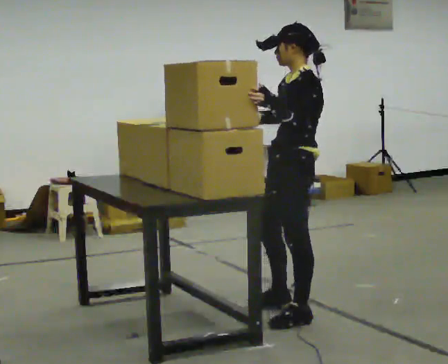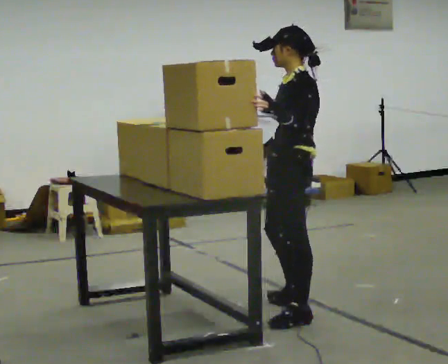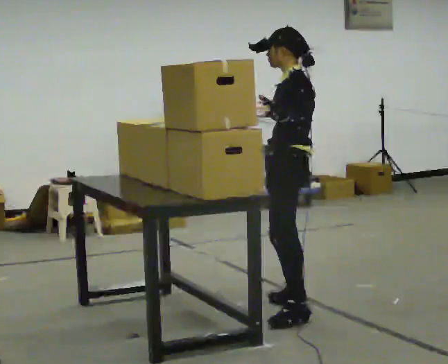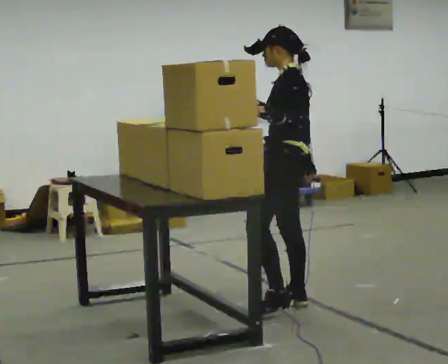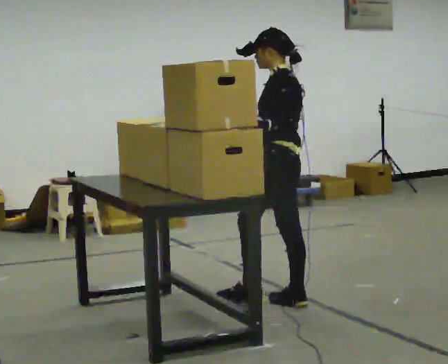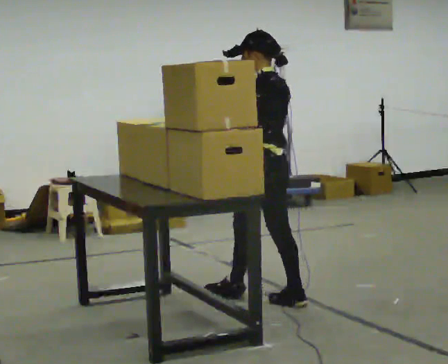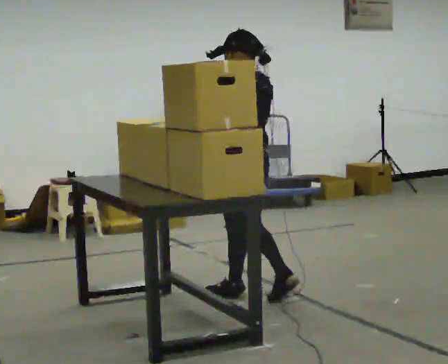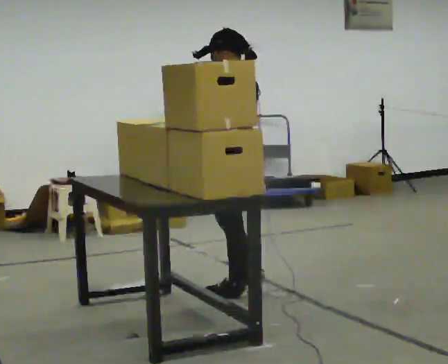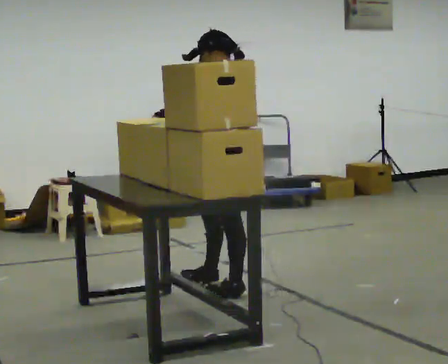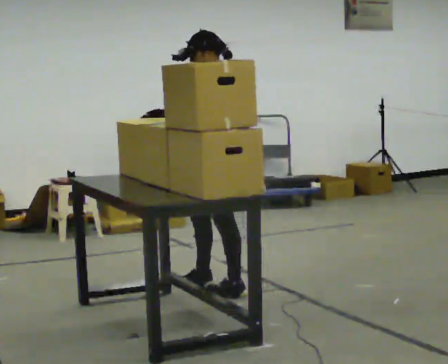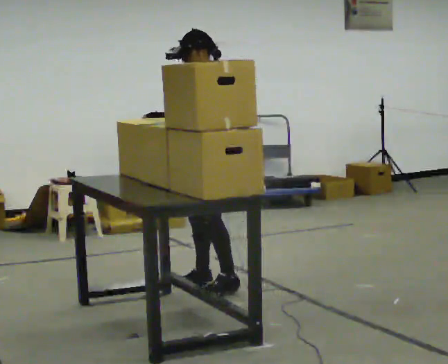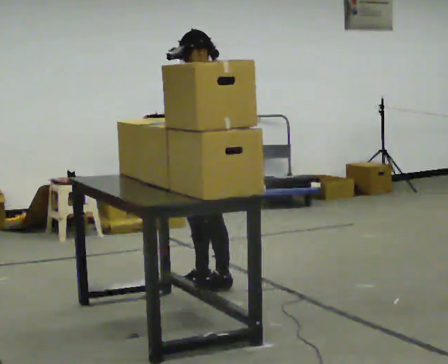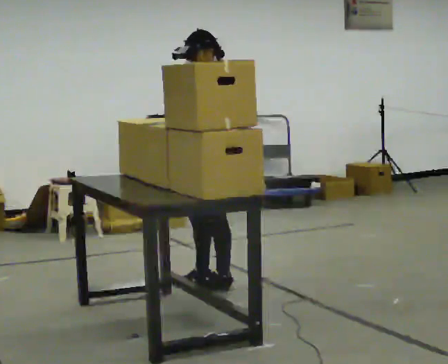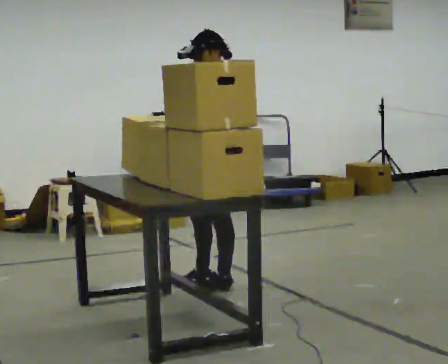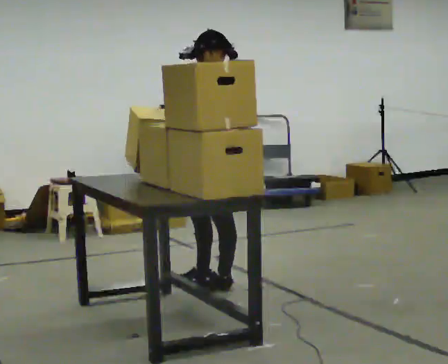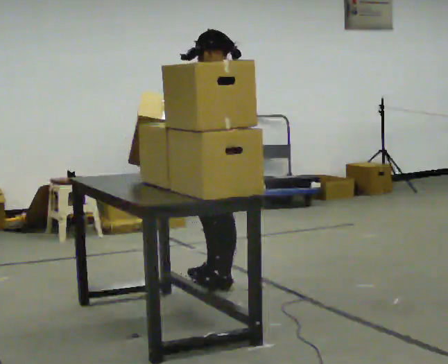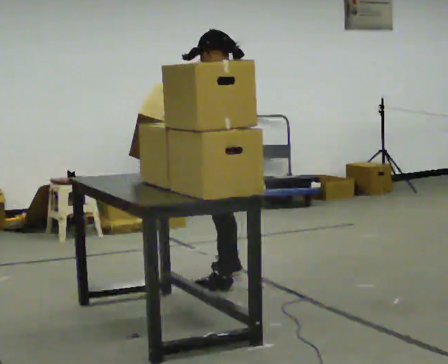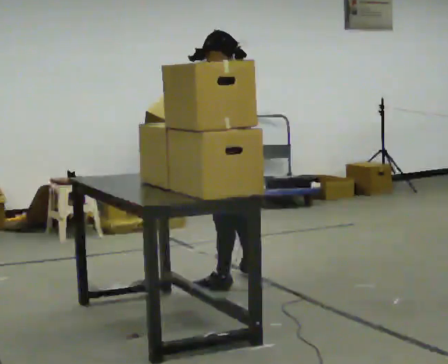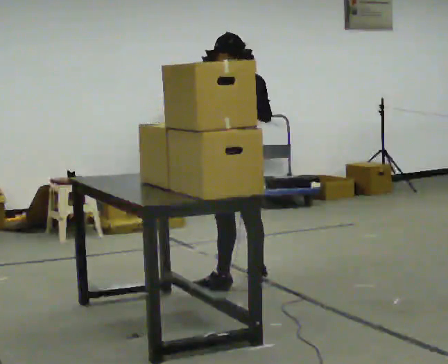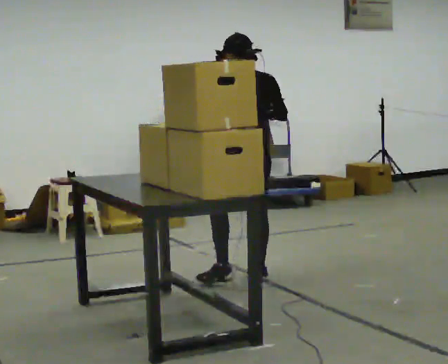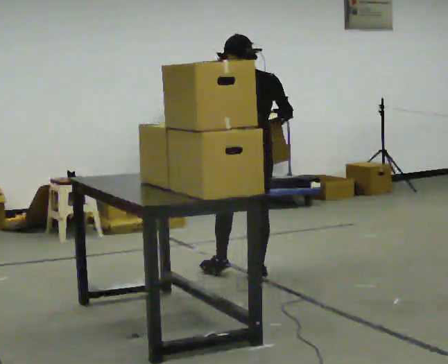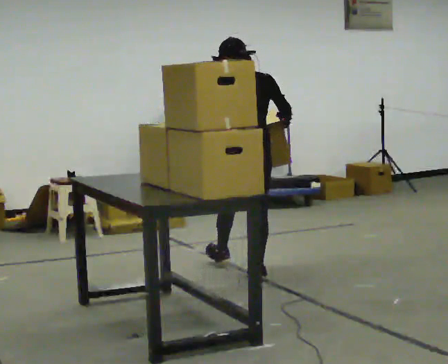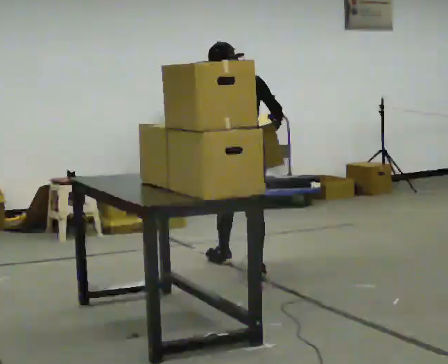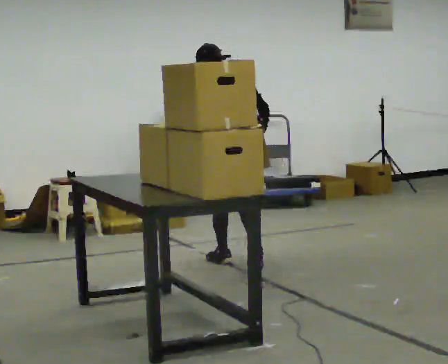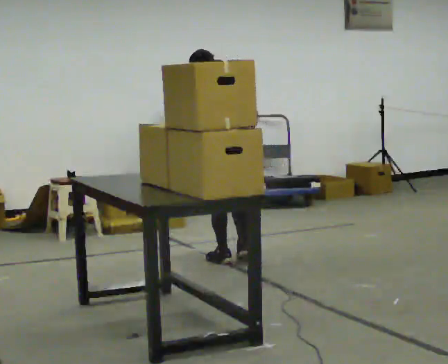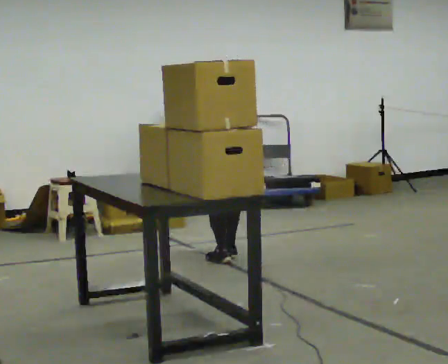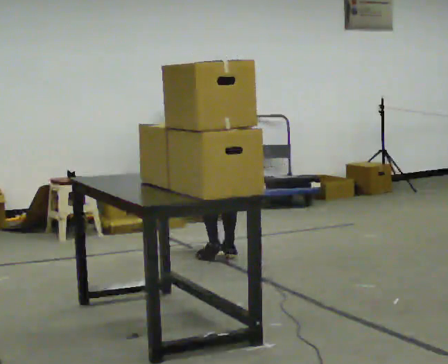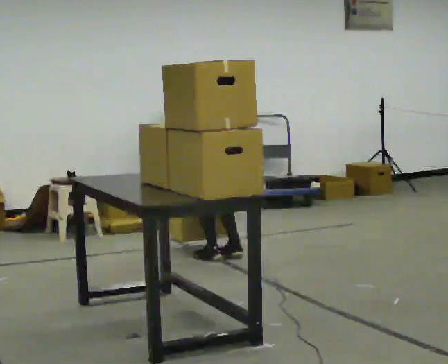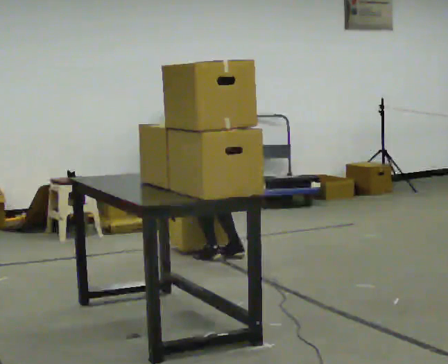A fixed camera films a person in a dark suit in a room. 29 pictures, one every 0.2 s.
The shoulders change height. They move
downward.
The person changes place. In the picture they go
away from the camera.
0.0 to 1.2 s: Seen from above the body turns clockwise, about 45 degrees: to their right, with its near side sliding to the left. In the picture they go away from the camera and to the left, about 0.5 m in 2 steps, which for them is forward and to their right.
1.2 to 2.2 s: Seen from above the body turns counterclockwise, about 60 degrees: to their left, with its near side sliding to the right. In the picture they go away from the camera and to the left, about 0.25 m in 2 steps.
2.2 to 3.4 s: The person turns about 60 degrees to their right, clockwise seen from above, so the part of the body nearest the lens slides to the left. In the picture their right hand goes to the right.
3.4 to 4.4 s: The part of the body nearest the lens slides to the left as the person turns to their right by about 45 degrees. In the picture they go away from the camera, about 0.5 m in 2 steps, which for them is forward.
4.4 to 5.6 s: In the picture they go away from the camera, about 0.25 m in 1 step, which for them is forward. The shoulders move downward. The upper body tips away from the camera, its near side rolling upward, as they bend forward. In the picture their left hand goes downward.
The film runs forward here.
